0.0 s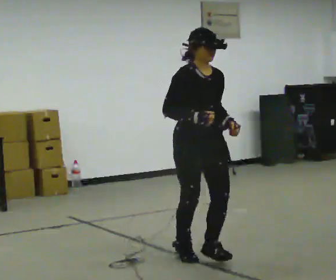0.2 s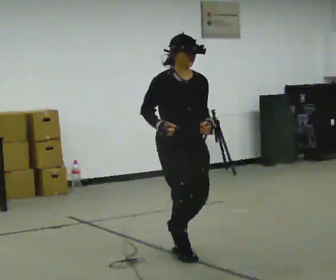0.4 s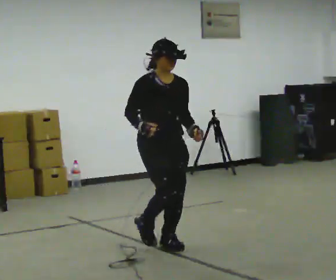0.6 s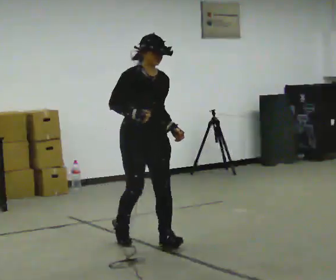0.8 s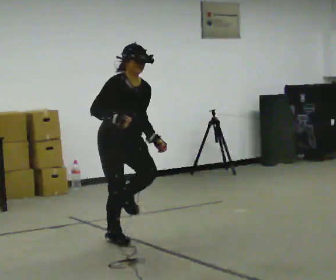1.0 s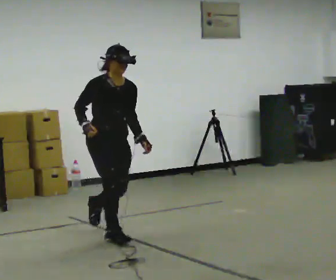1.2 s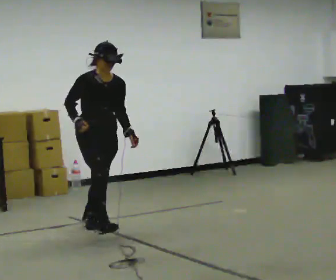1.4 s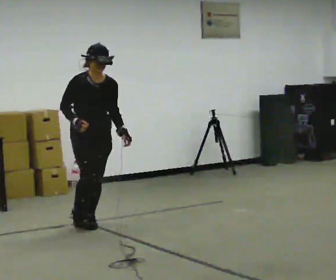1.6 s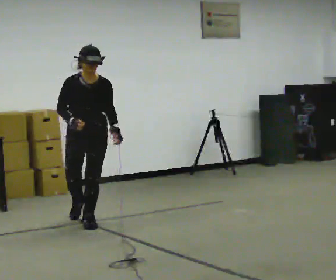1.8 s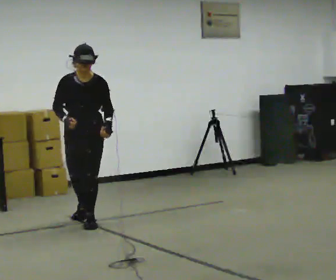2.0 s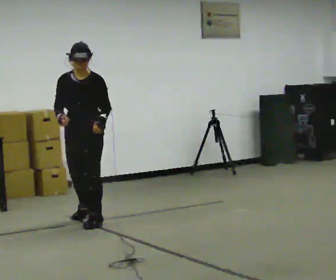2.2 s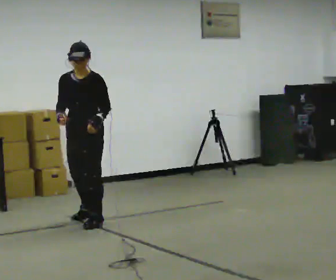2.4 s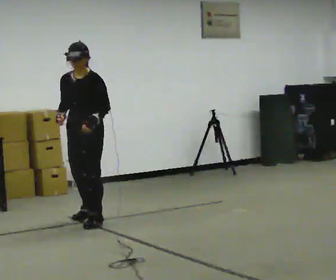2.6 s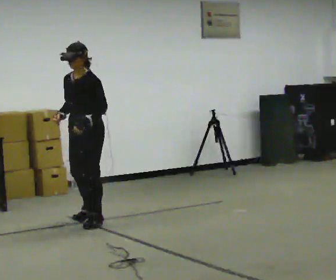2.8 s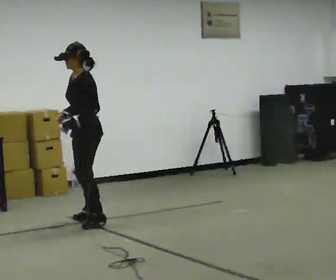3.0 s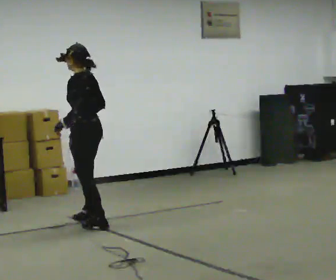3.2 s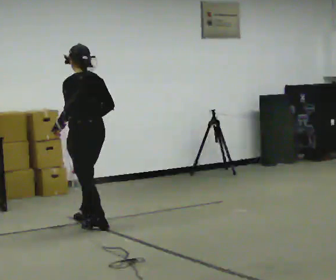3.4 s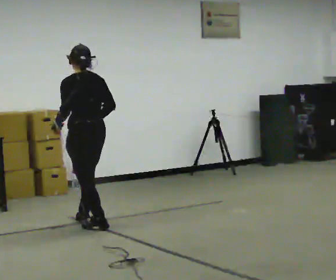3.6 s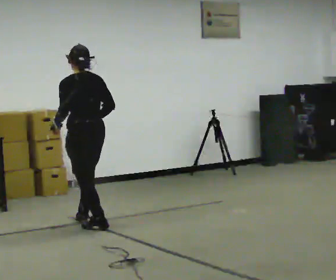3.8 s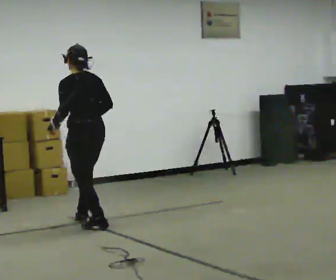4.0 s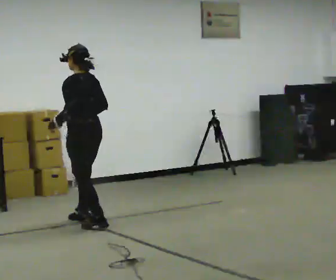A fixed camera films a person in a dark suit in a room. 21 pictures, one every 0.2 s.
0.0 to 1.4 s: In the picture they go away from the camera and to the left, about 1.5 m in 3 steps, which for them is backward.
1.4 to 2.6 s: The part of the body nearest the lens slides to the left as the person turns to their right by about 60 degrees. In the picture they go away from the camera, about 0.25 m. In the picture their left hand goes to the left.
2.6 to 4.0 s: The part of the body nearest the lens slides to the left as the person turns to their right by about 75 degrees.
The film runs backward here.
